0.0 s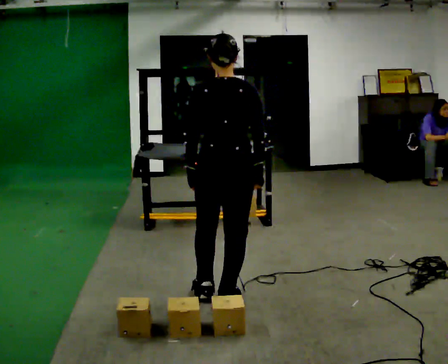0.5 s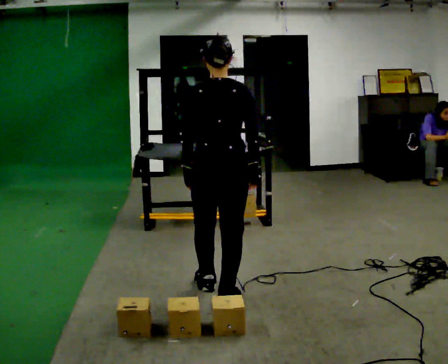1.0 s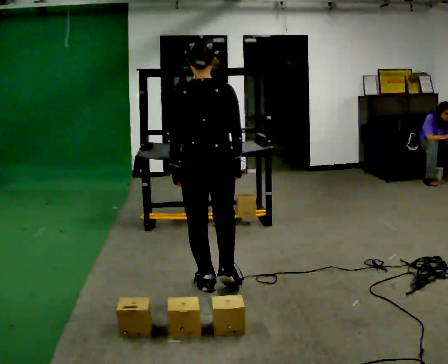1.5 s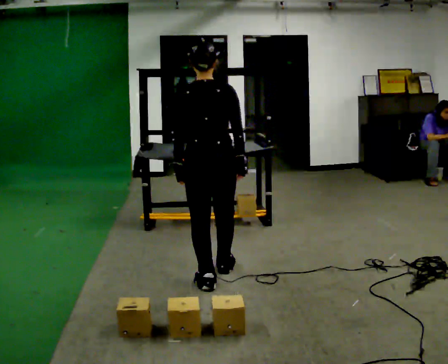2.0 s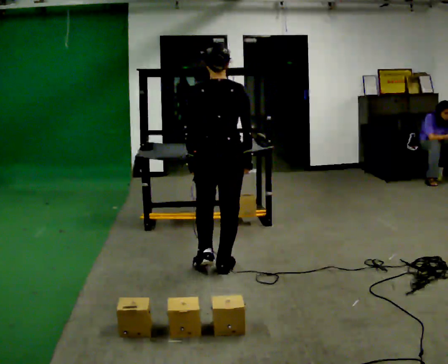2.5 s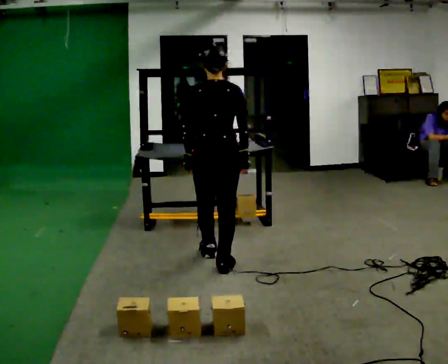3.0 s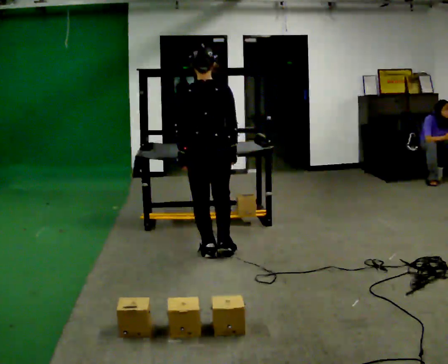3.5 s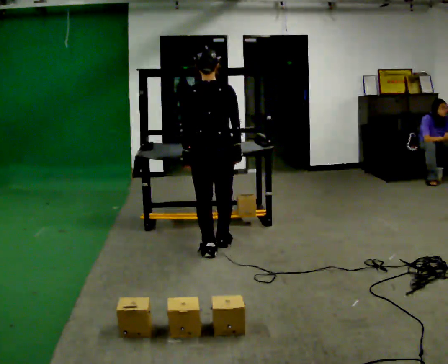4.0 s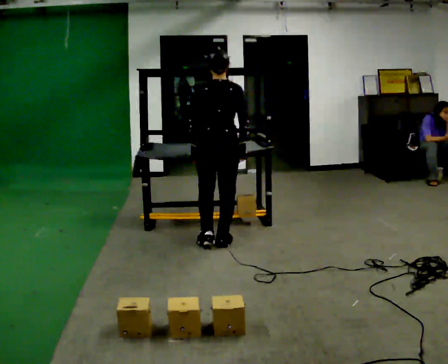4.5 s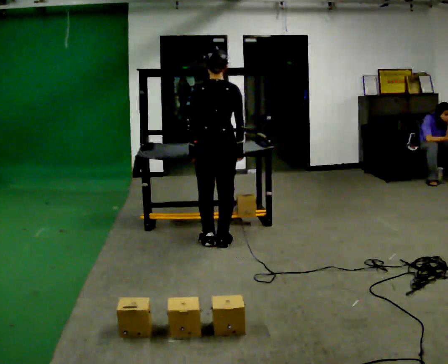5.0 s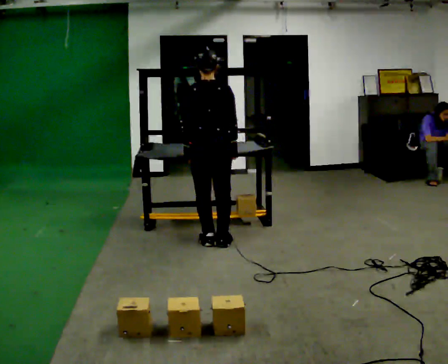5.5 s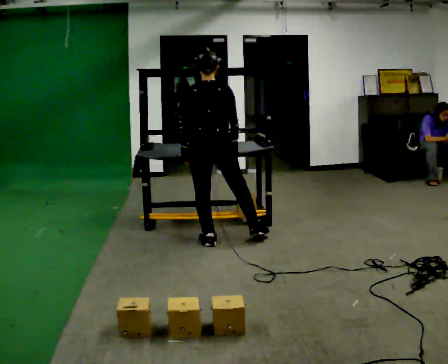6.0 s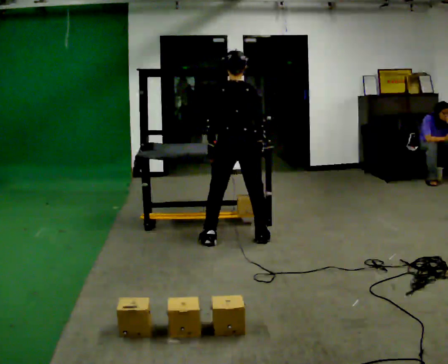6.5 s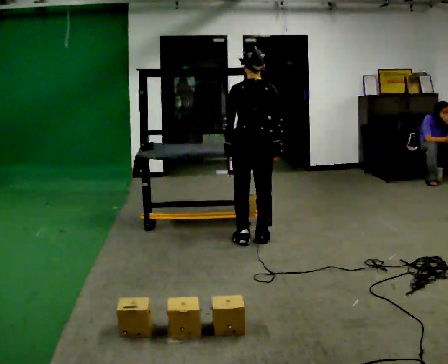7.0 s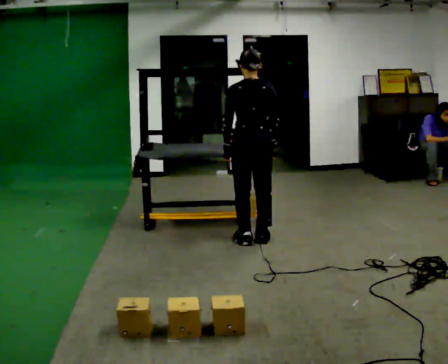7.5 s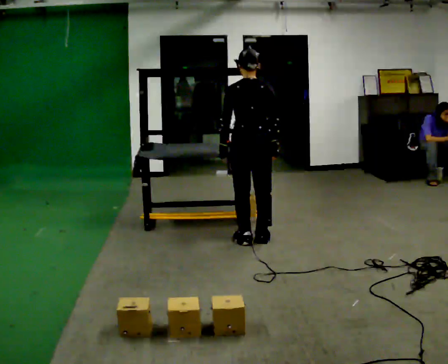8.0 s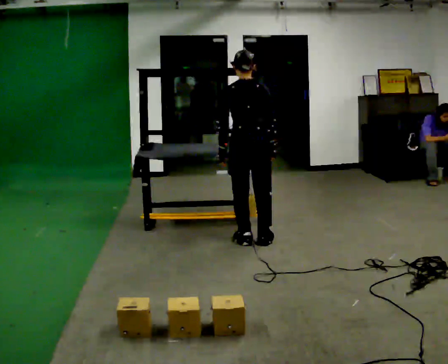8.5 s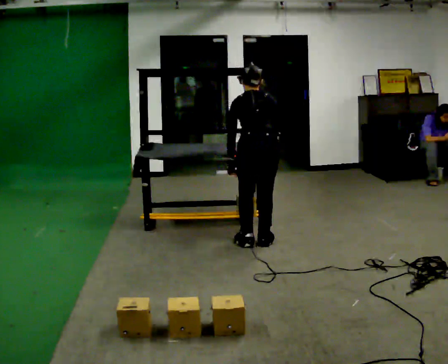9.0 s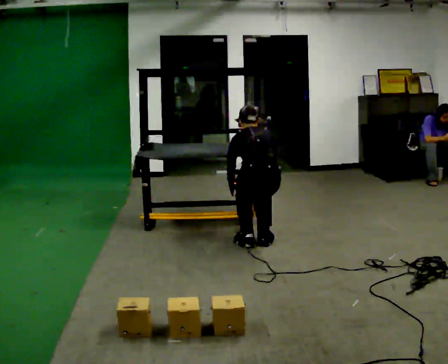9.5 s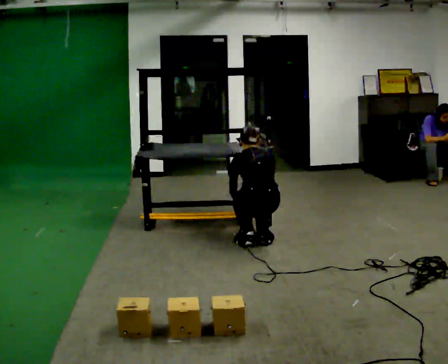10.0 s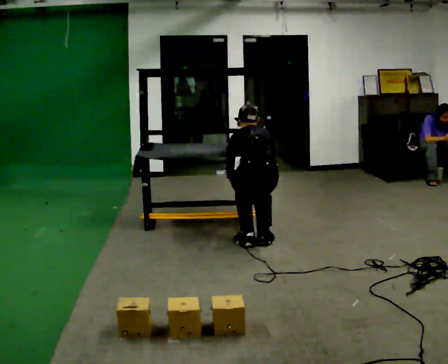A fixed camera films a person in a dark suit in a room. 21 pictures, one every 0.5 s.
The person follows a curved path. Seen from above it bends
clockwise.
0.0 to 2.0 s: In the picture they go away from the camera, about 0.5 m in 2 steps, which for them is forward.
2.0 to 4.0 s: In the picture they go away from the camera, about 0.5 m in 2 steps, which for them is forward.
4.0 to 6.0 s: In the picture they go to the right, about 0.25 m in 2 steps, which for them is to their right.
6.0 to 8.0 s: The person moves a little, or ends about where they began.
8.0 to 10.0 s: The upper body tips away from the camera, its near side rolling upward, as they bend forward.
The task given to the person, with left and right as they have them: Carry the object across the room and place it on the lowest shelf, crouching down to do it. Keep going until the operator says stop; one object at a time, and do not rush between trips.
The film runs forward here.
